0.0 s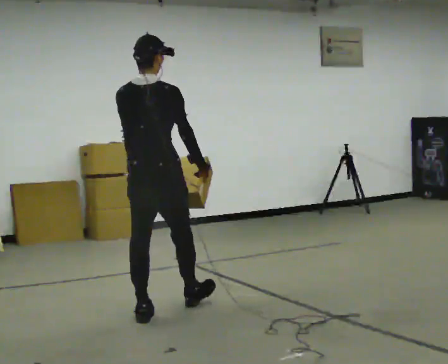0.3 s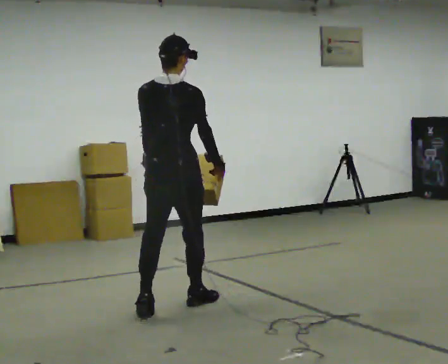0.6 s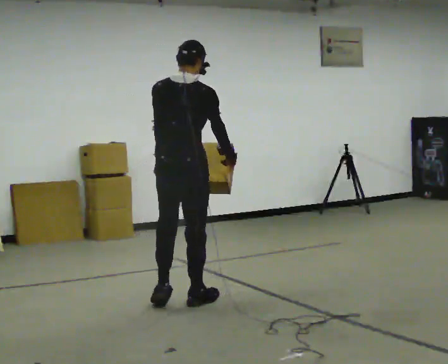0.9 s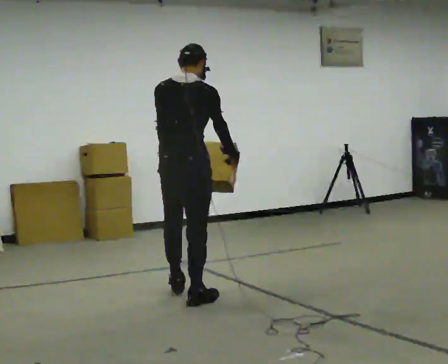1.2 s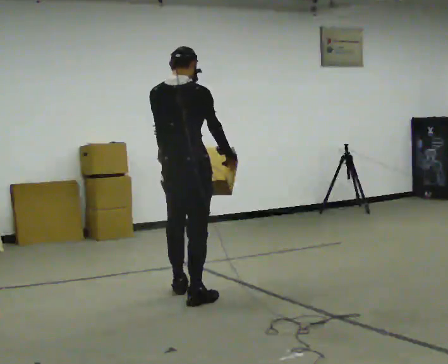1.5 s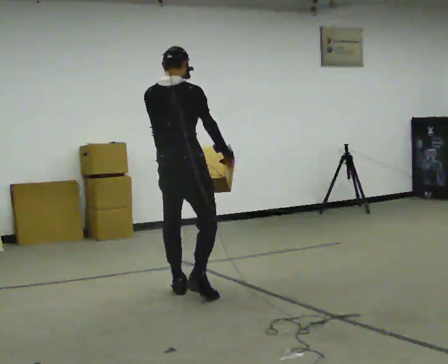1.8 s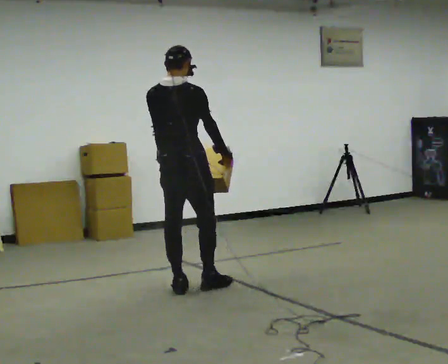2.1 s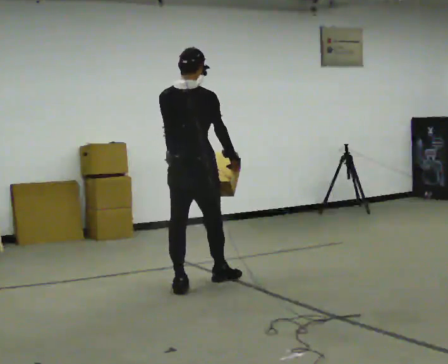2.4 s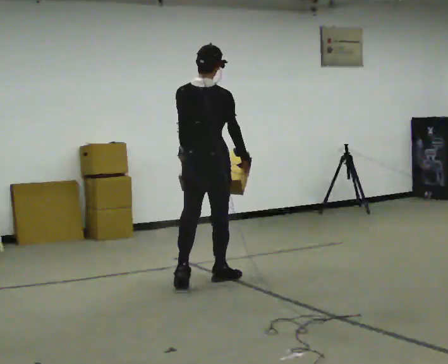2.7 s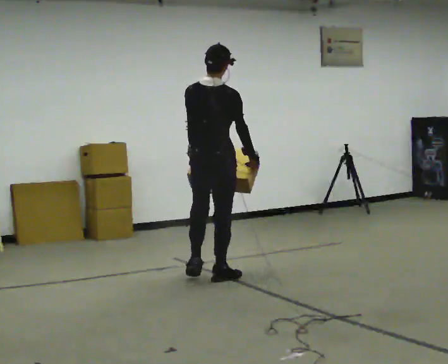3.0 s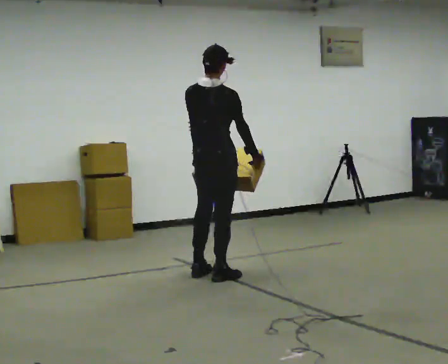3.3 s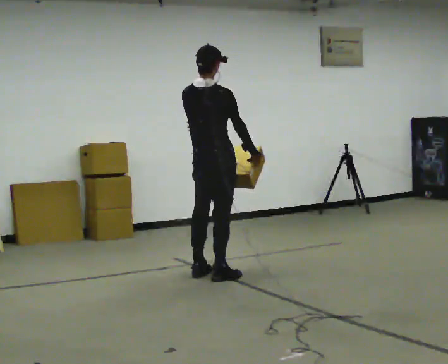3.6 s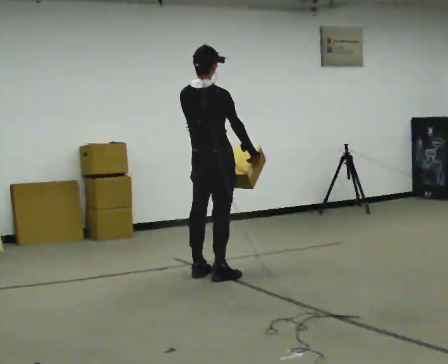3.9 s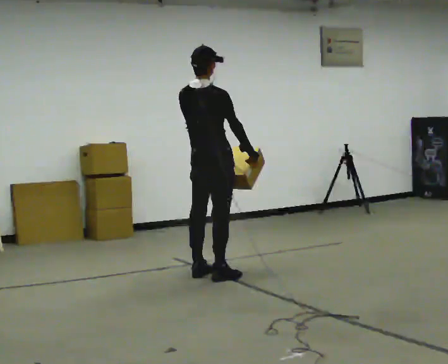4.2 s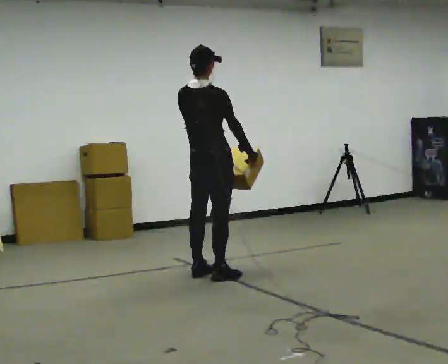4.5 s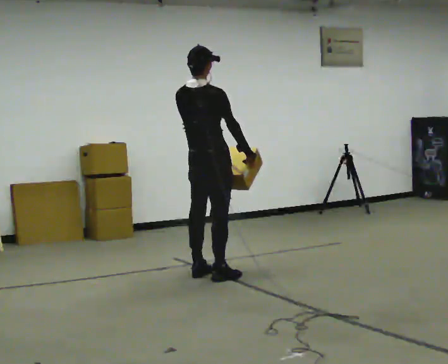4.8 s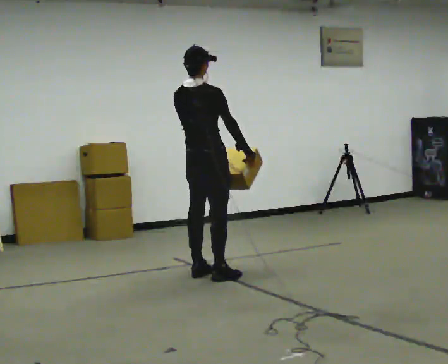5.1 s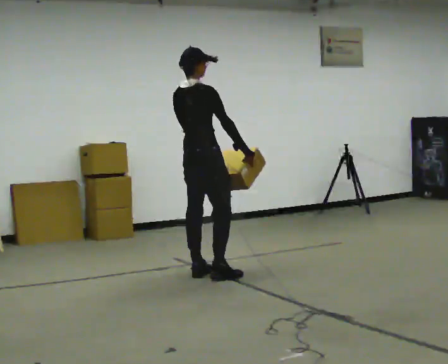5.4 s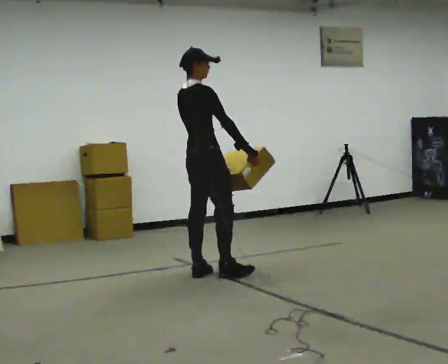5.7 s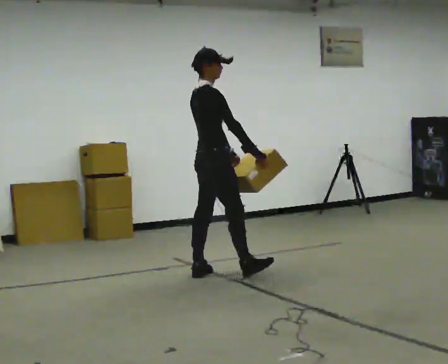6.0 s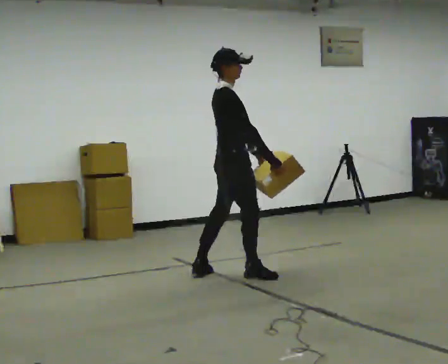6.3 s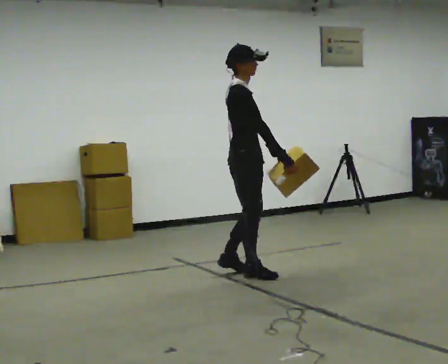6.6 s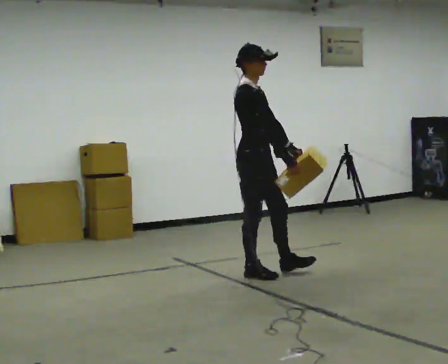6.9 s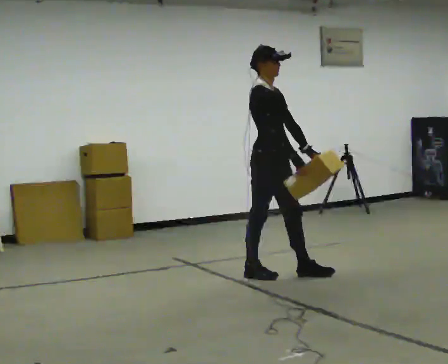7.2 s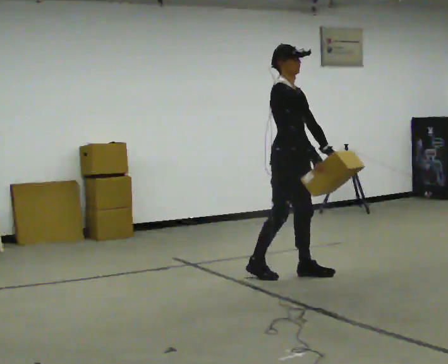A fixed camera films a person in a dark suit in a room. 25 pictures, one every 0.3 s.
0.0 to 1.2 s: In the picture they go away from the camera and to the right, about 0.5 m in 2 steps, which for them is forward.
1.2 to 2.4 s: In the picture they go away from the camera, about 0.5 m in 1 step, which for them is forward.
2.4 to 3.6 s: In the picture they go away from the camera, about 0.25 m in 1 step, which for them is forward.
3.6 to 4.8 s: The person moves a little, or ends about where they began.
4.8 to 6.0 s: Seen from above the body turns clockwise, about 45 degrees: to their right, with its near side sliding to the left. In the picture they go to the right, about 0.25 m in 1 step, which for them is forward.
6.0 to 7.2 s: The part of the body nearest the lens slides to the left as the person turns to their right by about 45 degrees. In the picture they go to the right, about 0.5 m in 1 step, which for them is forward.
The film runs forward here.
